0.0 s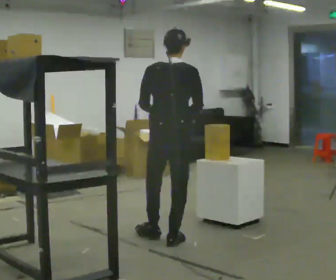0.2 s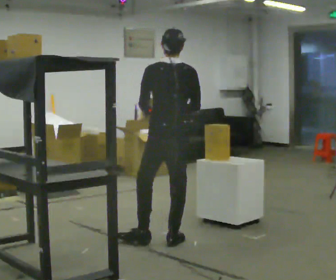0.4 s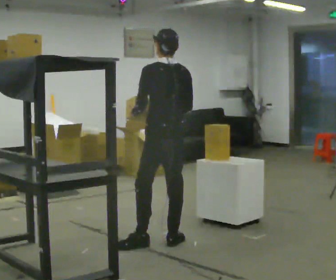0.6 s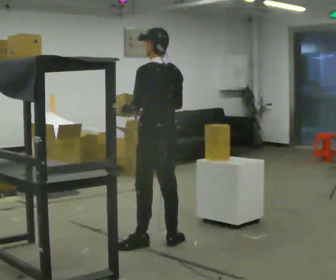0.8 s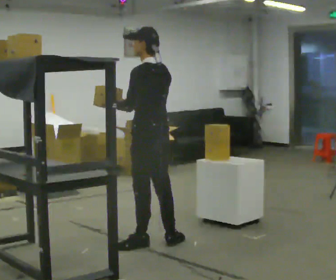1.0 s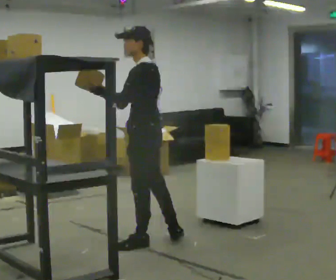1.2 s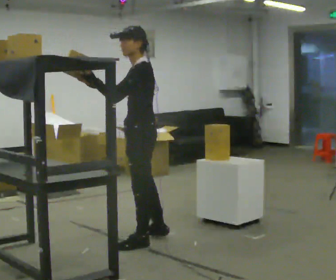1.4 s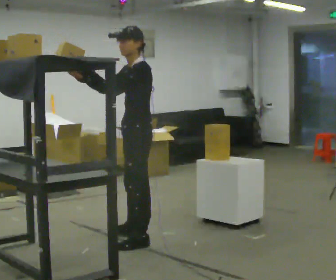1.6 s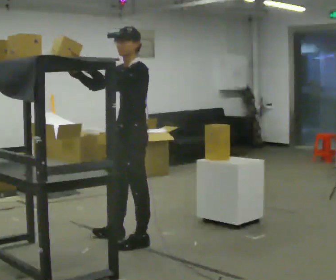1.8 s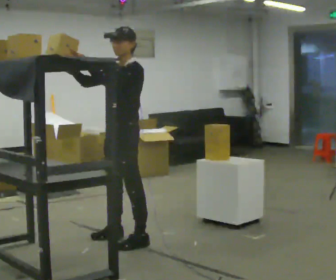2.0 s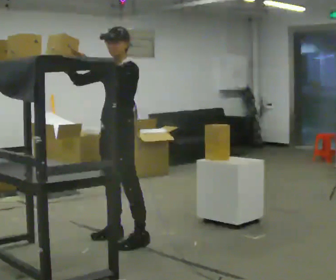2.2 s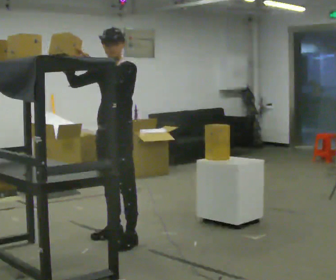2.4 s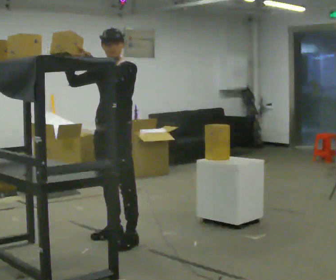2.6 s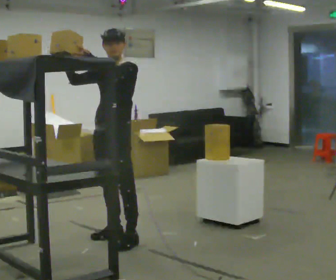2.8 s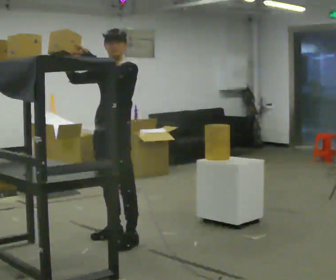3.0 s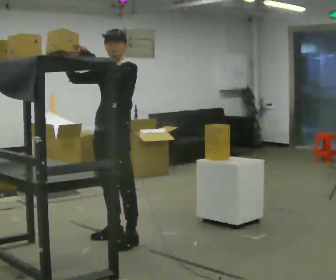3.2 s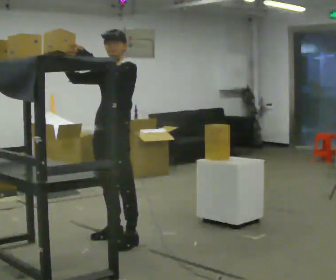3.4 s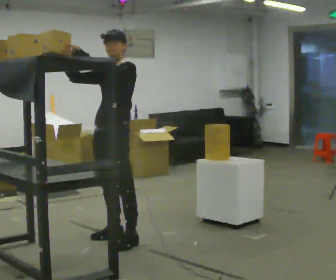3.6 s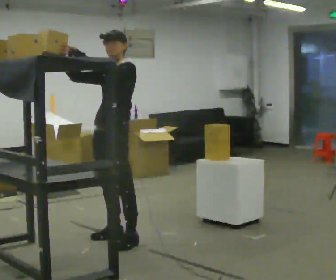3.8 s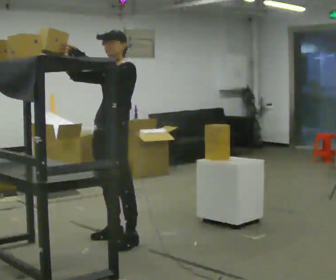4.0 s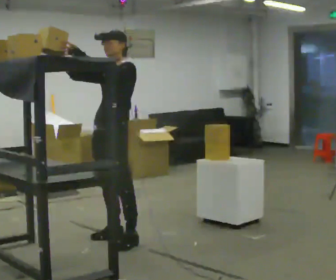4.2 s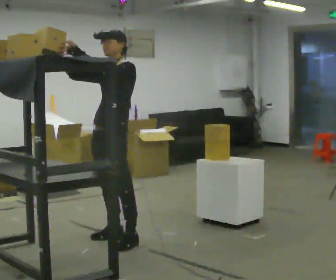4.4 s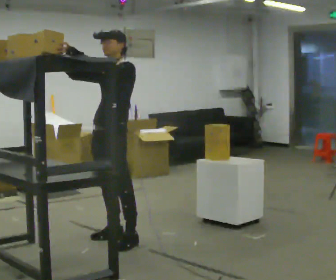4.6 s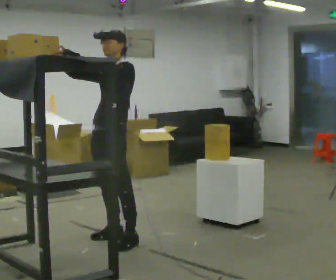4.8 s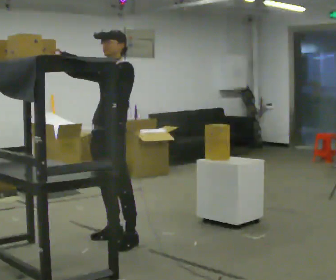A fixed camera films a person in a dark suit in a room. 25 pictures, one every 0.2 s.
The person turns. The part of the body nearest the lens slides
to the right.
The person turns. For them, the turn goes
to their left.
0.0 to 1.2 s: Seen from above the body turns counterclockwise, about 90 degrees: to their left, with its near side sliding to the right. In the picture they go to the left, about 0.25 m in 1 step. In the picture their right hand goes to the left, the arm swinging clockwise.
1.2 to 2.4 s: The part of the body nearest the lens slides to the right as the person turns to their left by about 60 degrees. In the picture they go to the left and away from the camera, about 0.25 m.
2.4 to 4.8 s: The person moves a little, or ends about where they began.
The film runs backward here.
